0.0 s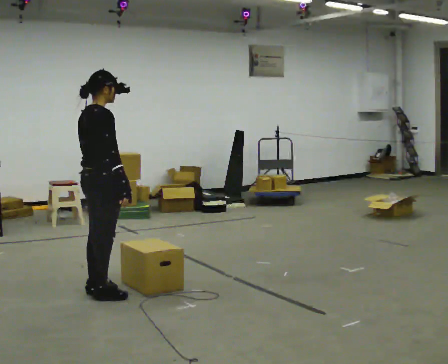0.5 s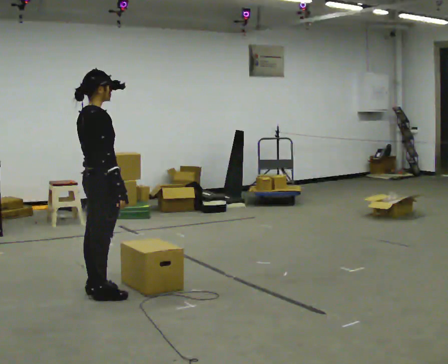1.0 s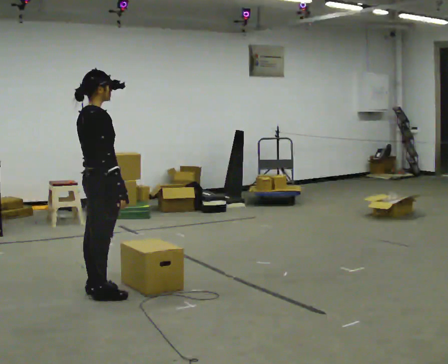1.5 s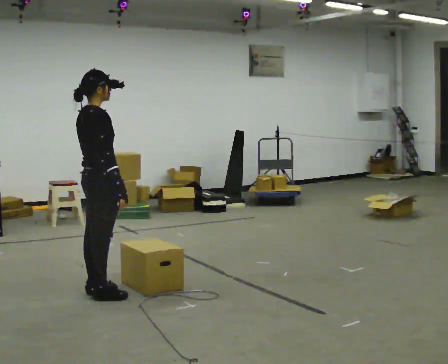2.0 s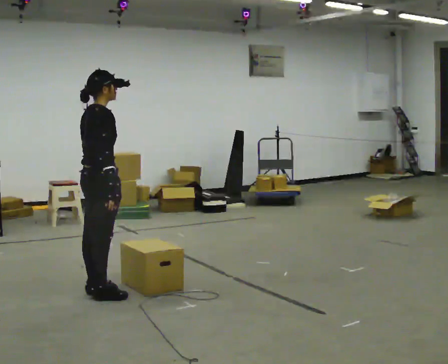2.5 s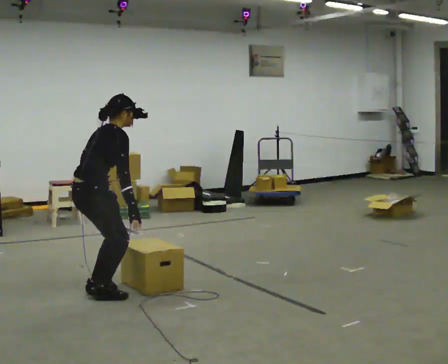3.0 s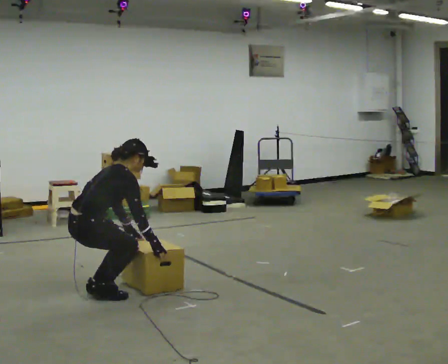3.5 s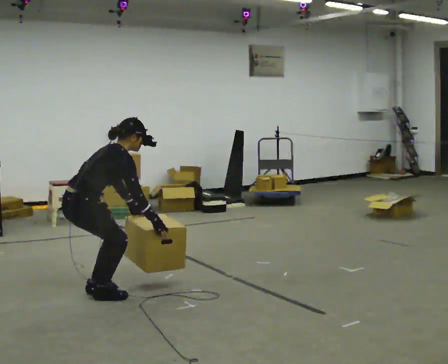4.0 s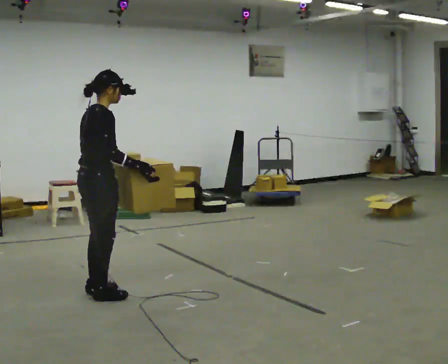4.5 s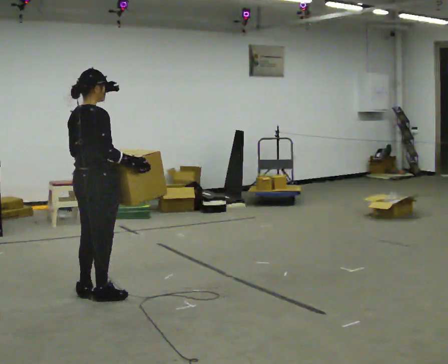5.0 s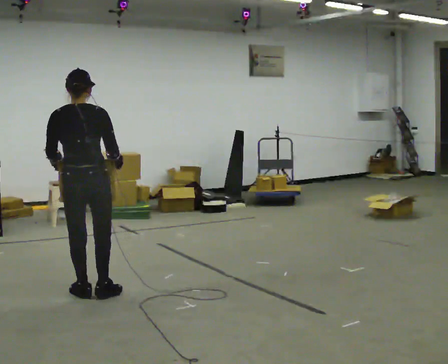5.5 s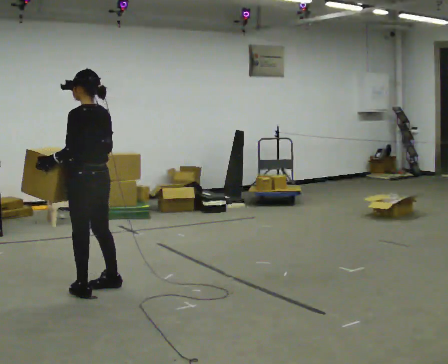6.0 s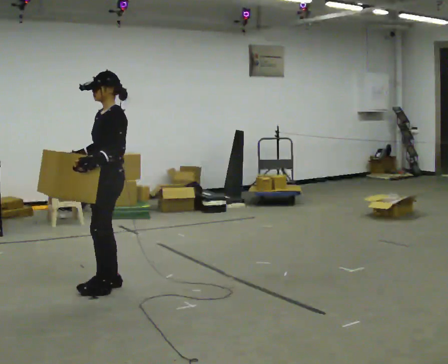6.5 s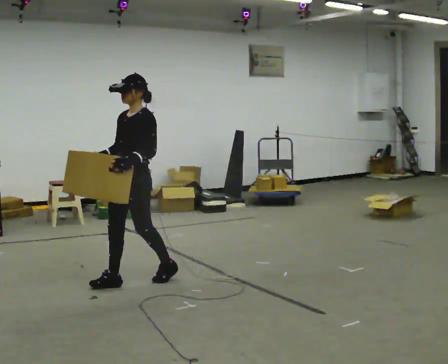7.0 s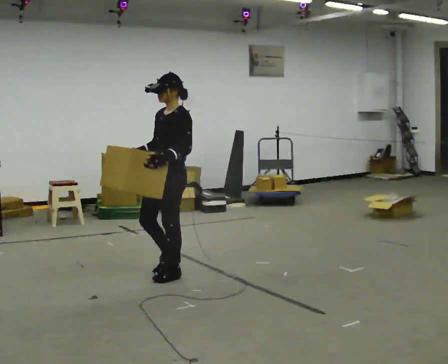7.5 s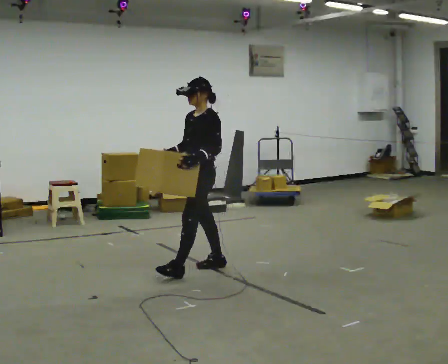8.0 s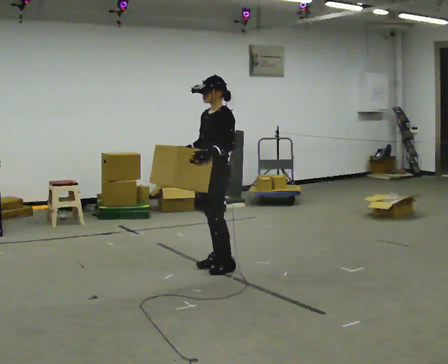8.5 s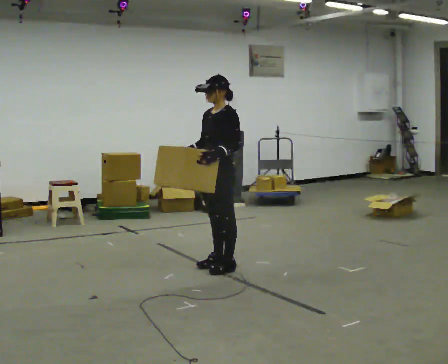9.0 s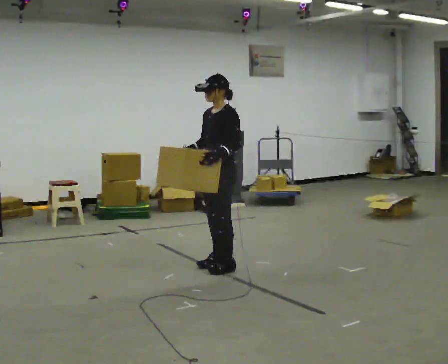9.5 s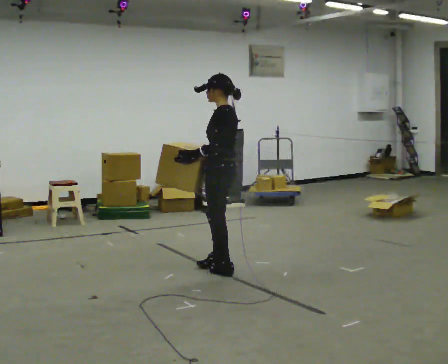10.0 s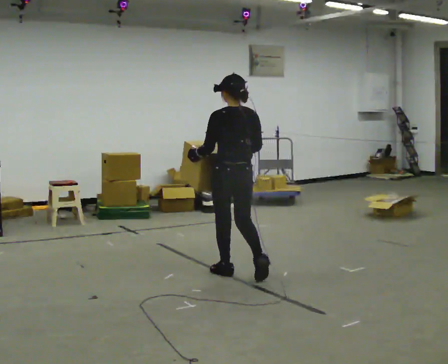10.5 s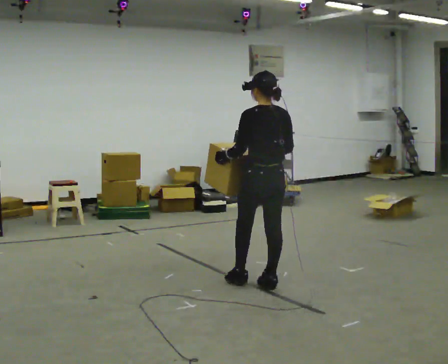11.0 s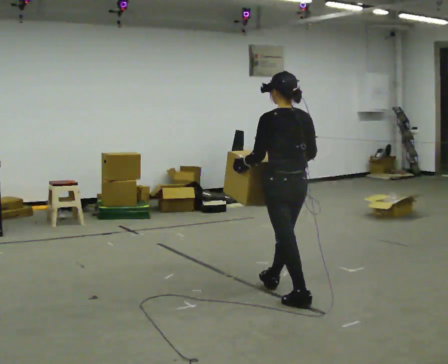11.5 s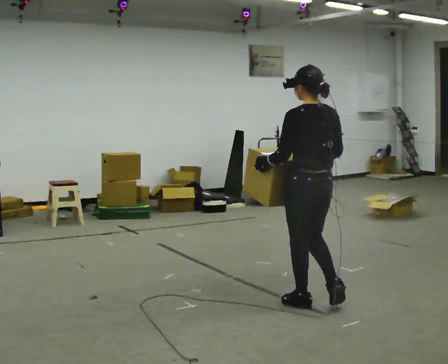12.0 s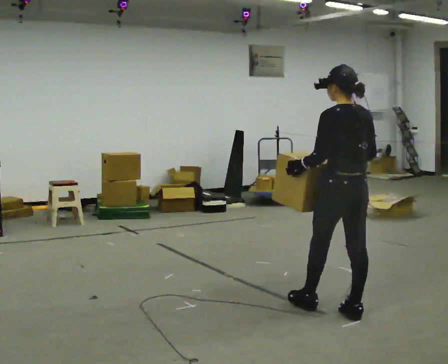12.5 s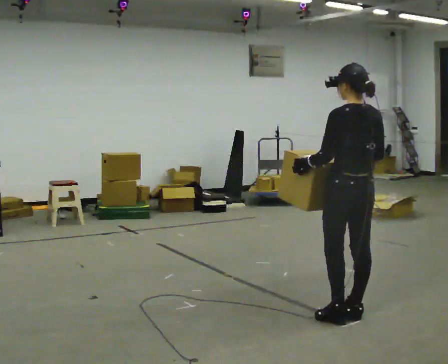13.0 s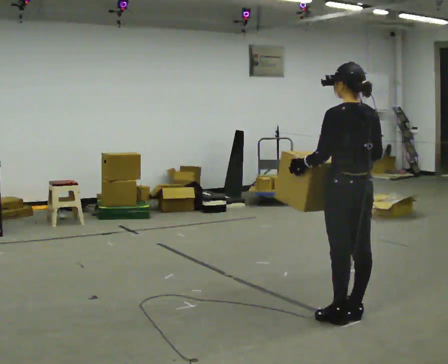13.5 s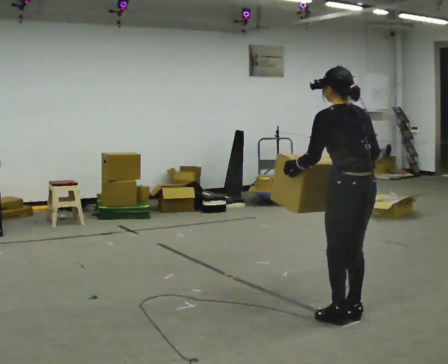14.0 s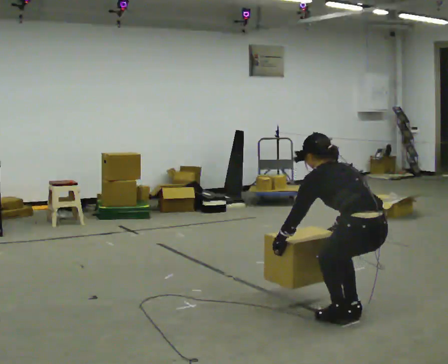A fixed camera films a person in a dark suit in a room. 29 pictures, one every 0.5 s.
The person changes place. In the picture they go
to the right.
The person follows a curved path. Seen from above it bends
clockwise.
0.0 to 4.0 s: The person moves a little, or ends about where they began.
4.0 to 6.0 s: The part of the body nearest the lens slides to the right as the person turns to their left by about 180 degrees. In the picture they go away from the camera, about 0.25 m in 2 steps.
6.0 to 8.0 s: In the picture they go to the right and away from the camera, about 1 m in 2 steps, which for them is backward.
8.0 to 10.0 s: Seen from above the body turns clockwise, about 90 degrees: to their right, with its near side sliding to the left. In the picture they go toward the camera, about 0.25 m in 1 step.
10.0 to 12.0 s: In the picture they go toward the camera and to the right, about 1 m in 3 steps, which for them is backward.
12.0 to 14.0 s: In the picture they go toward the camera, about 0.25 m, which for them is backward. The shoulders move downward. The upper body tips away from the camera, its near side rolling upward, as they bend forward. In the picture their left hand goes downward.
The film runs backward here.
